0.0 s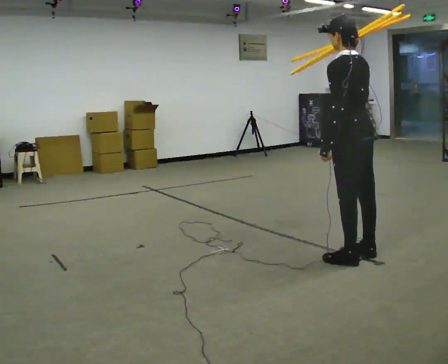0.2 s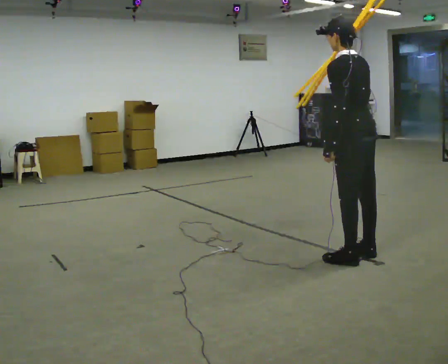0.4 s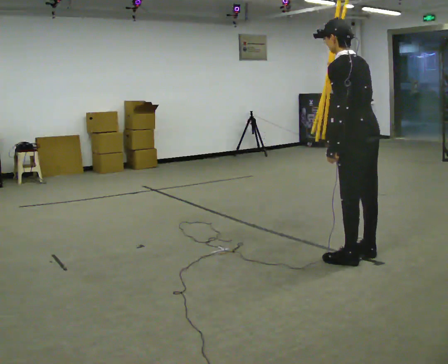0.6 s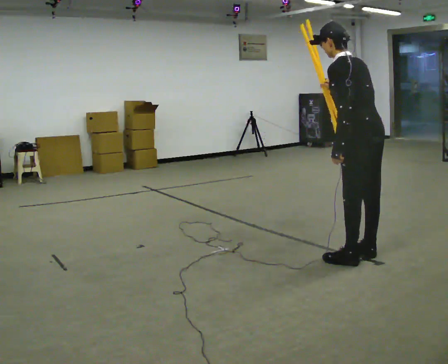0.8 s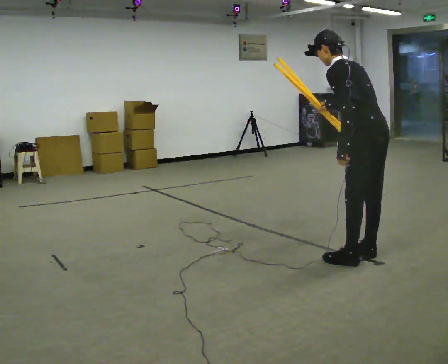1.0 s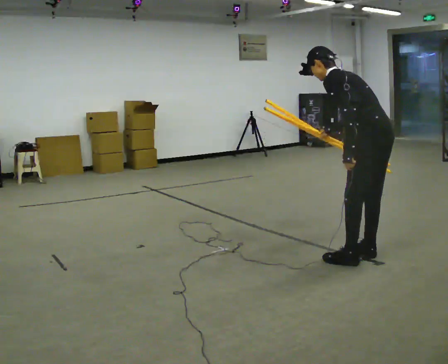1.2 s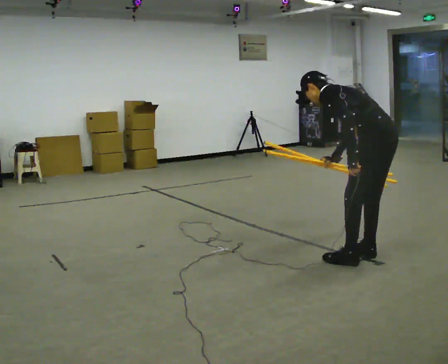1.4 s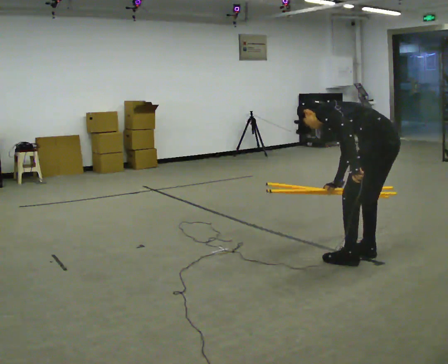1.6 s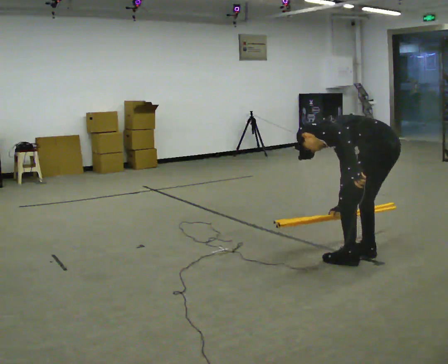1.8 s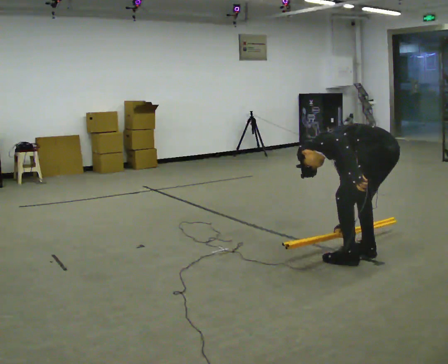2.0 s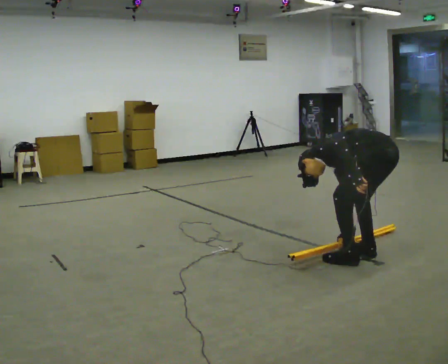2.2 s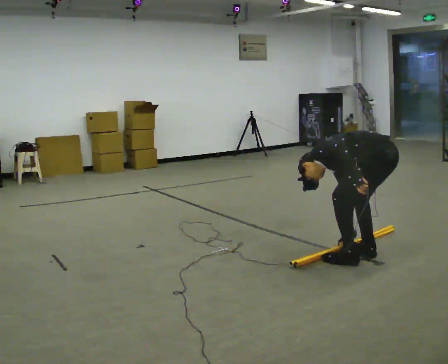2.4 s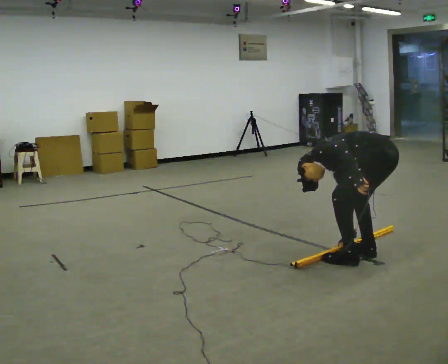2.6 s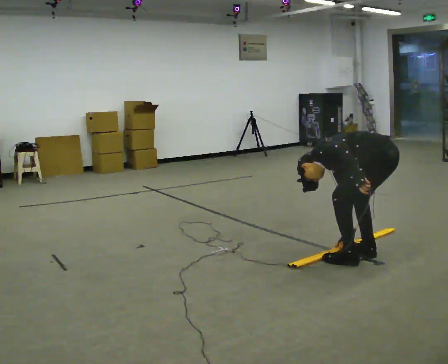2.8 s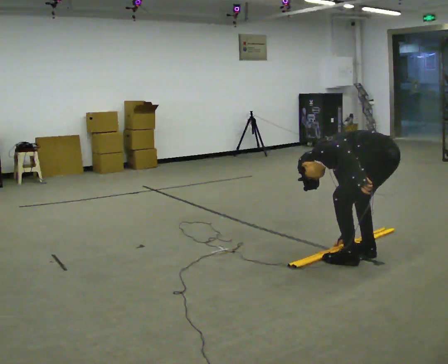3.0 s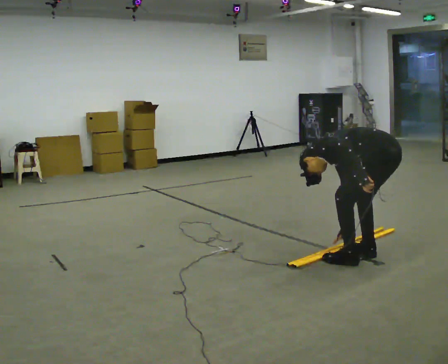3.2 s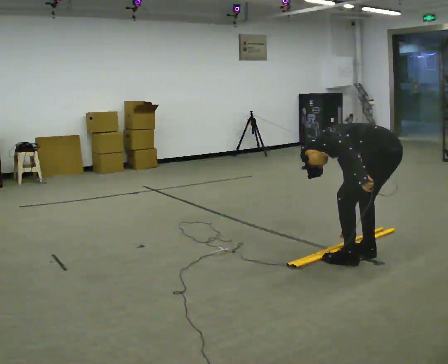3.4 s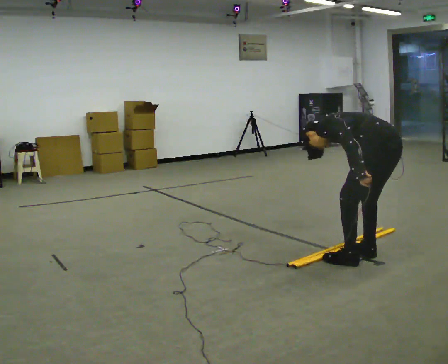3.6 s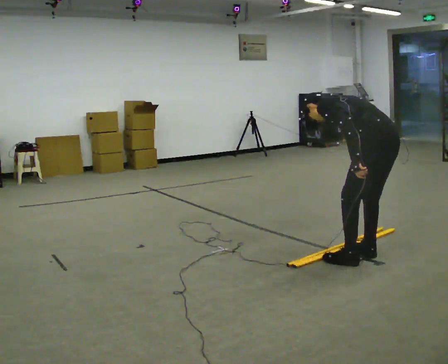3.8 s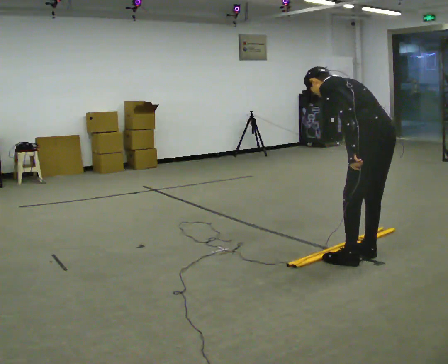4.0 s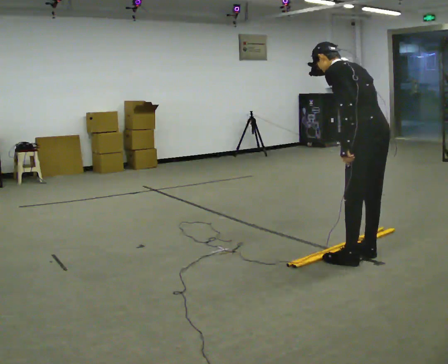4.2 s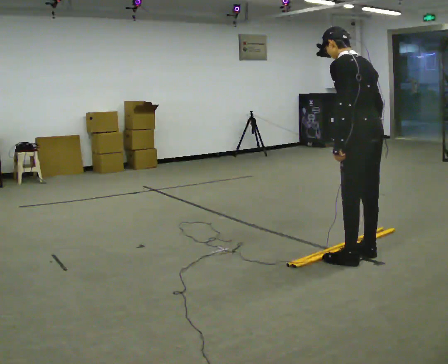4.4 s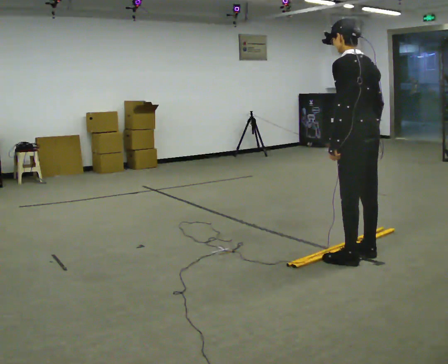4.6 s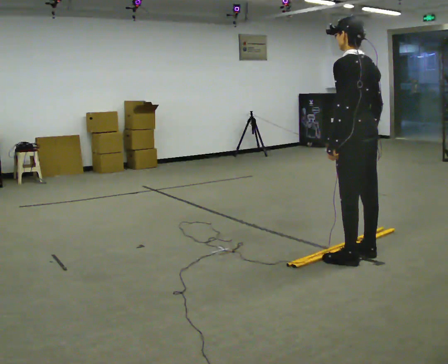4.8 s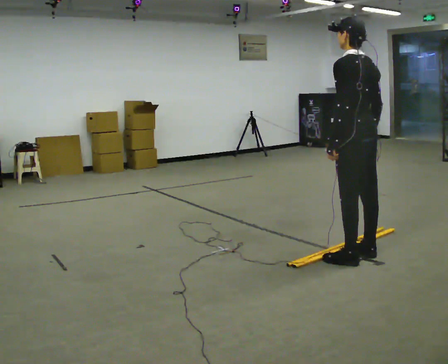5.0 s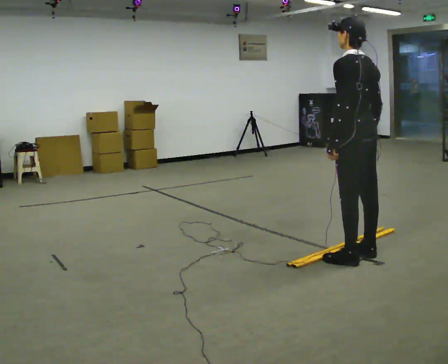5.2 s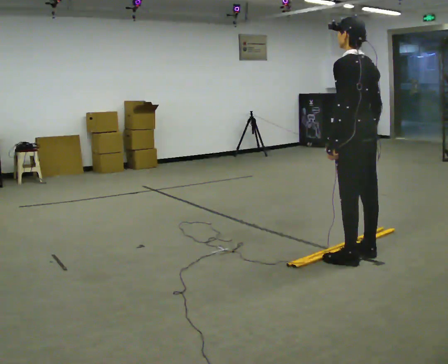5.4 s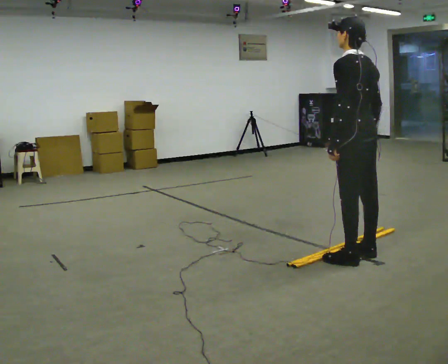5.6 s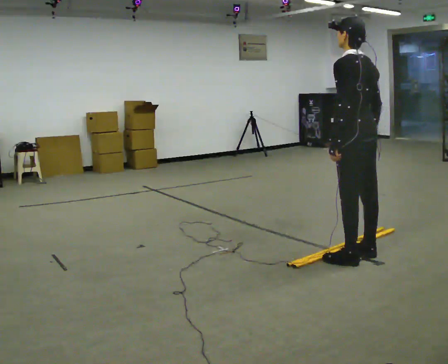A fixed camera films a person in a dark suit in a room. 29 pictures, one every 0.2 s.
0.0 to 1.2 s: In the picture they go to the right, about 0.25 m, which for them is backward. The shoulders move downward. In the picture the upper body tilts counterclockwise, shoulders to the left, as they bend forward. In the picture their right hand goes downward.
1.2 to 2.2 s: The shoulders move downward. In the picture the upper body tilts counterclockwise, shoulders to the left, as they bend forward. In the picture their right hand goes downward.
2.2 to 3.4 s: The shoulders move upward. The upper body tips toward the camera, its near side rolling downward, as they lean back or straighten.
3.4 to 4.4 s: In the picture they go to the left, about 0.25 m, which for them is forward. The upper body goes upward. In the picture the upper body tilts clockwise, shoulders to the right, as they lean back or straighten.
4.4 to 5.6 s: The person moves a little, or ends about where they began.
The film runs backward here.
